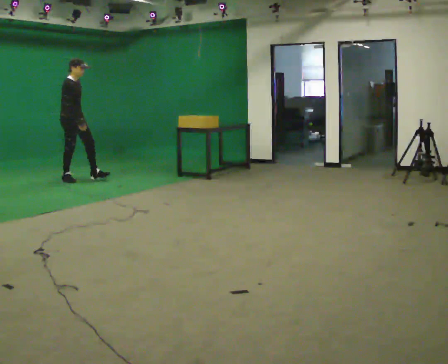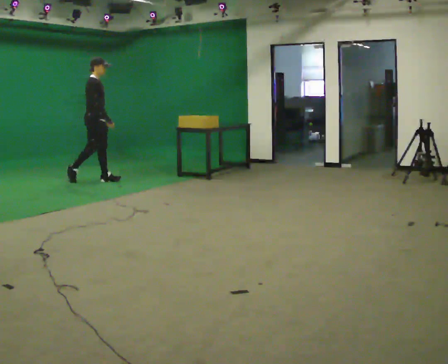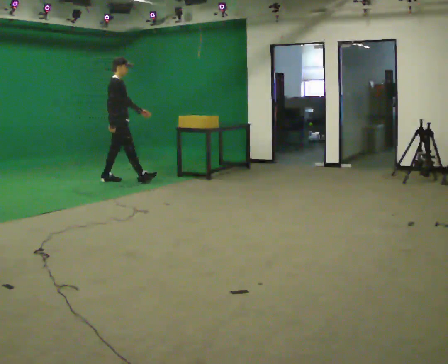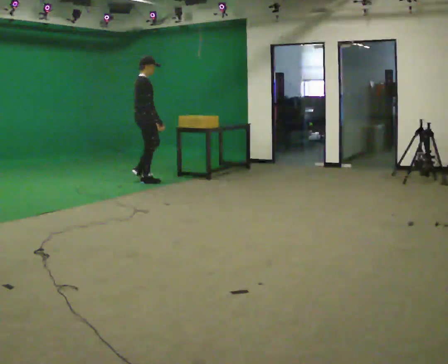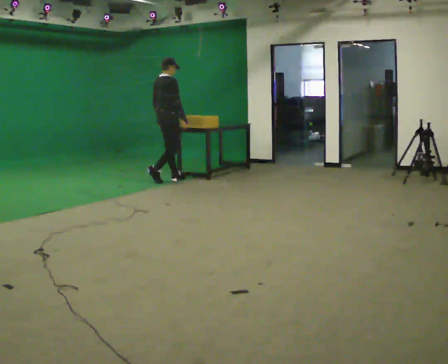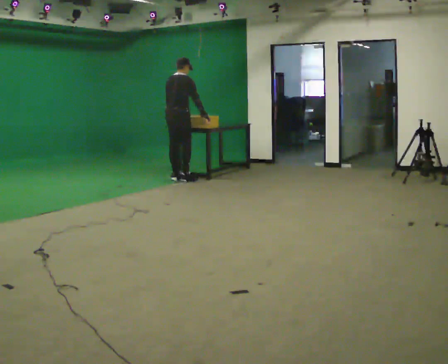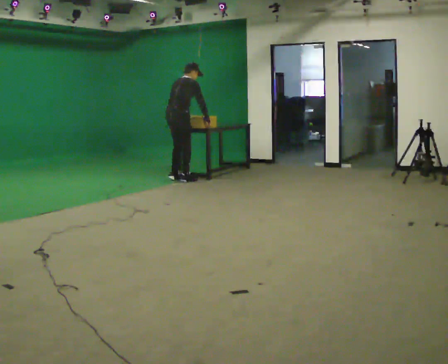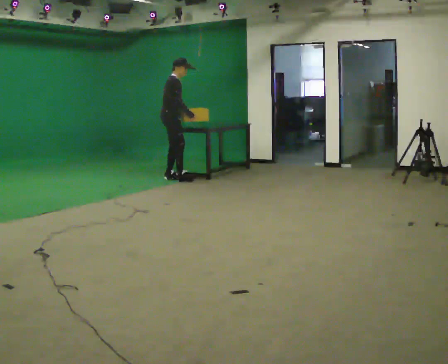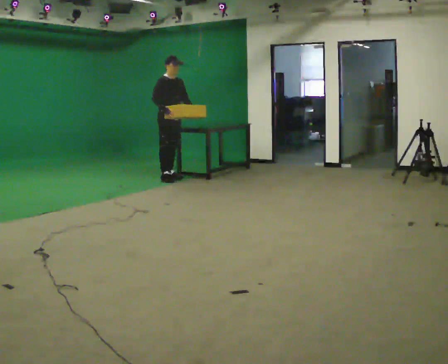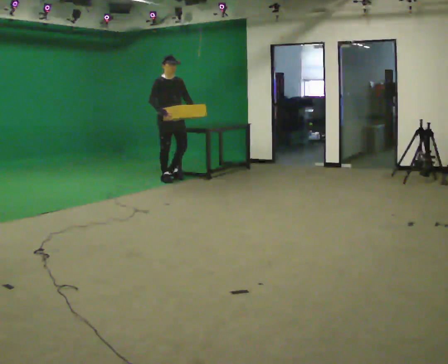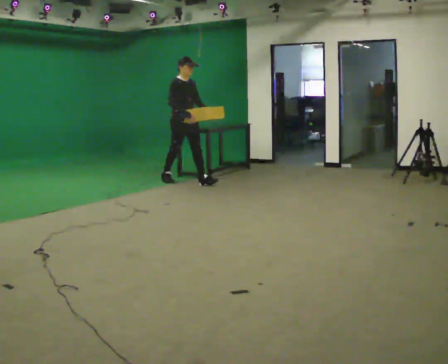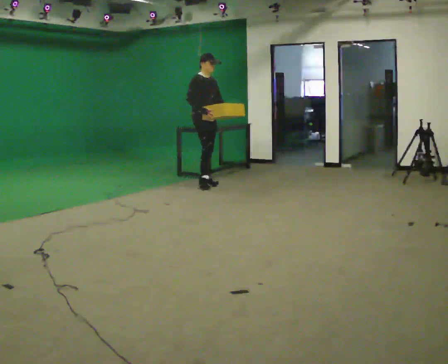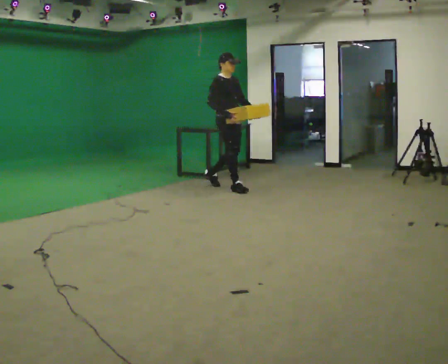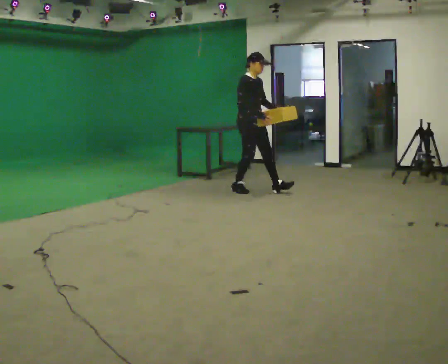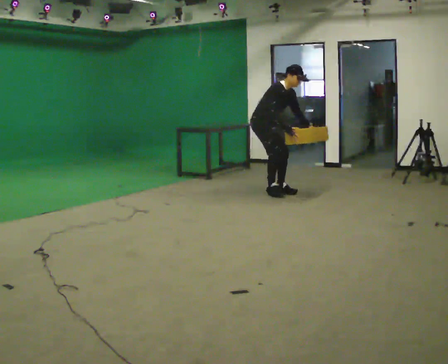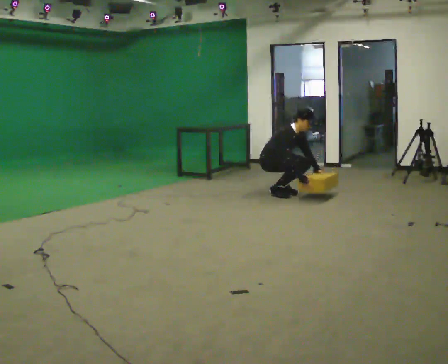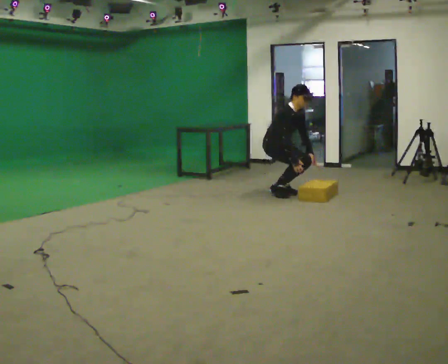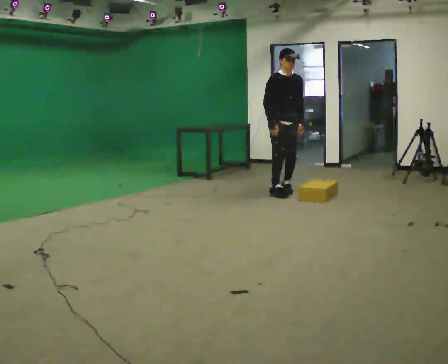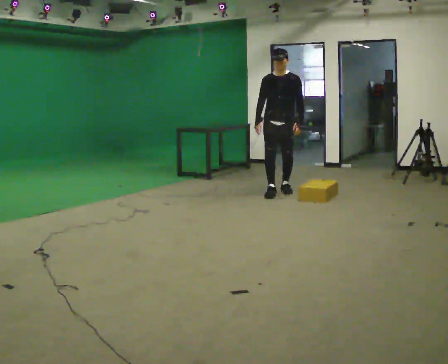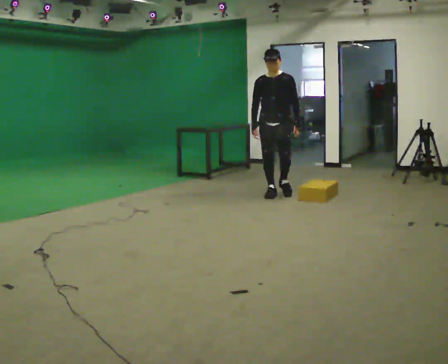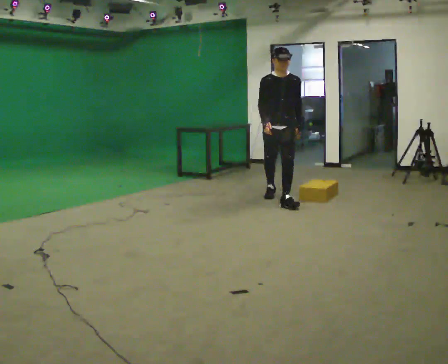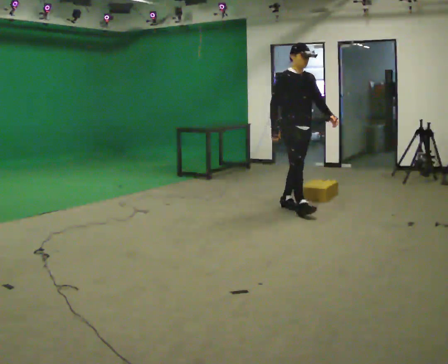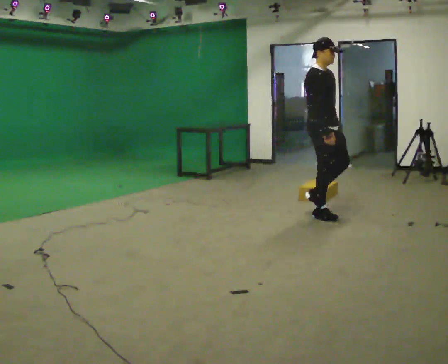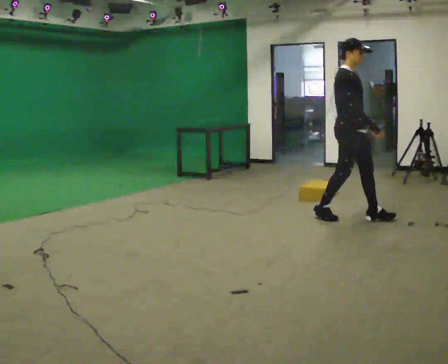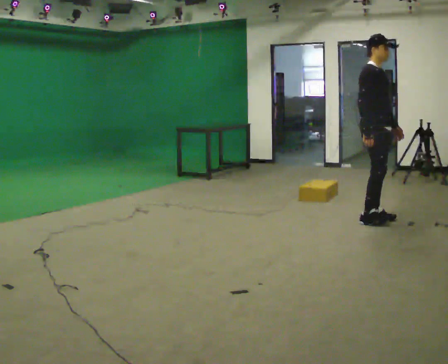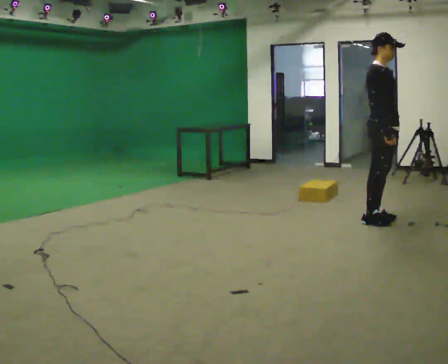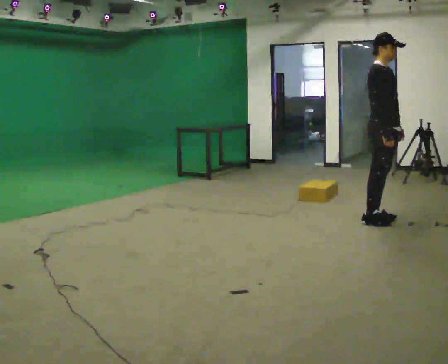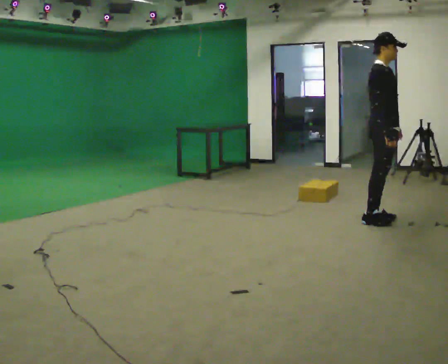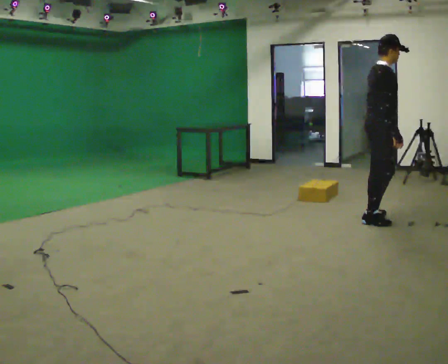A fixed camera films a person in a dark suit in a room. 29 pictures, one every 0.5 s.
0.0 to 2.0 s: The person turns about 45 degrees to their left, counterclockwise seen from above, so the part of the body nearest the lens slides to the right. In the picture they go to the right, about 1.5 m in 3 steps, which for them is forward.
2.0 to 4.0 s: The part of the body nearest the lens slides to the left as the person turns to their right by about 75 degrees. In the picture their left hand goes to the right, the arm swinging counterclockwise.
4.0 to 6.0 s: In the picture they go to the right and toward the camera, about 1 m in 2 steps, which for them is forward.
6.0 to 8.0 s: In the picture they go to the right, about 0.75 m in 2 steps, which for them is forward. In the picture their left hand goes downward.
8.0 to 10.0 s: The part of the body nearest the lens slides to the left as the person turns to their right by about 60 degrees. In the picture they go toward the camera, about 0.5 m in 2 steps. The shoulders move upward. In the picture the upper body tilts counterclockwise, shoulders to the left, as they lean back or straighten.
10.0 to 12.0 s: The part of the body nearest the lens slides to the right as the person turns to their left by about 60 degrees. In the picture they go to the right and toward the camera, about 1.5 m in 2 steps, which for them is forward.
12.0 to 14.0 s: Seen from above the body turns counterclockwise, about 45 degrees: to their left, with its near side sliding to the right.
The film runs forward here.
